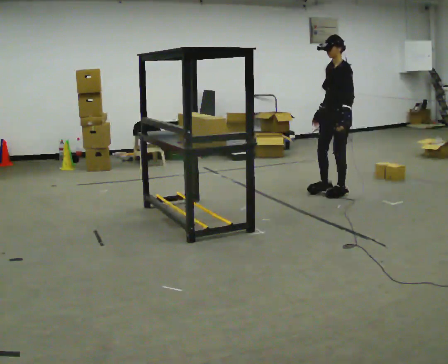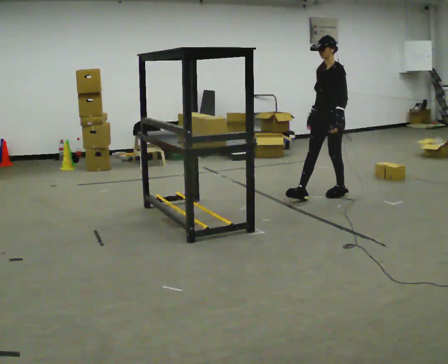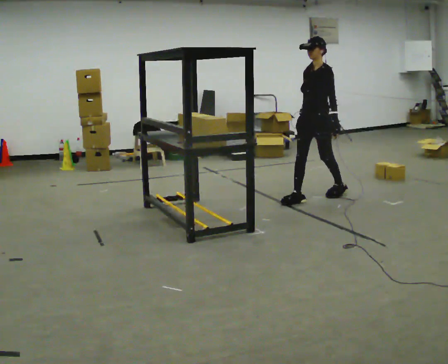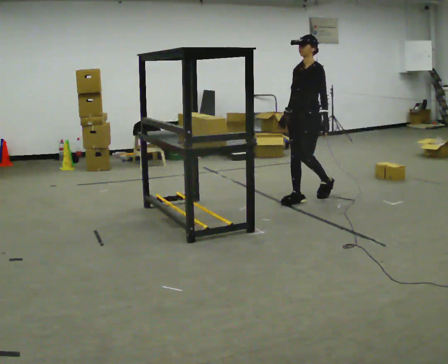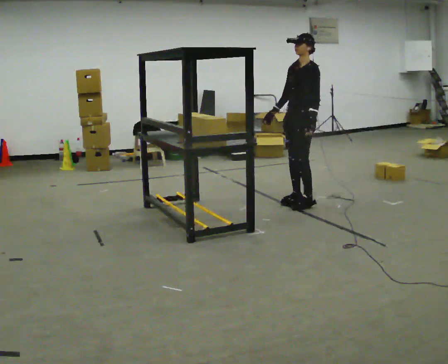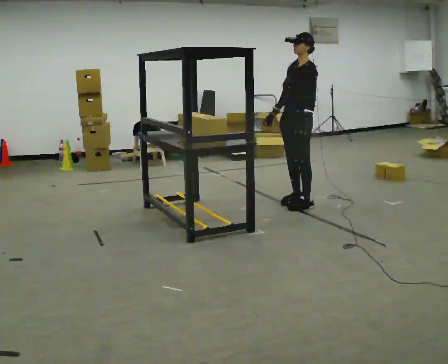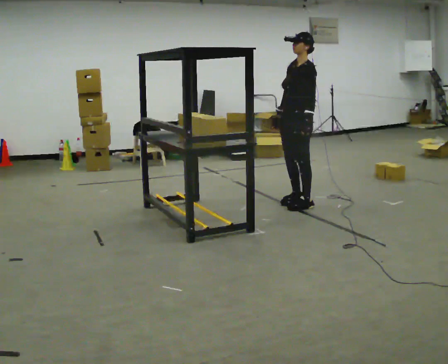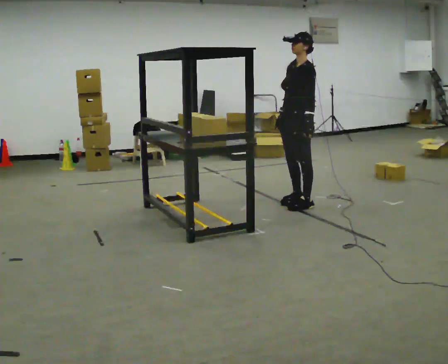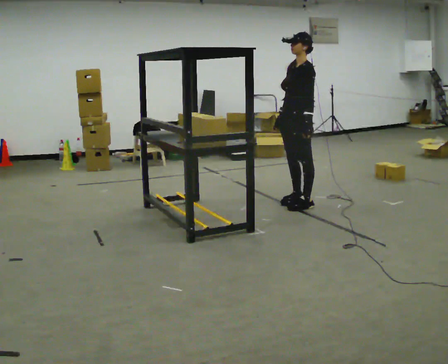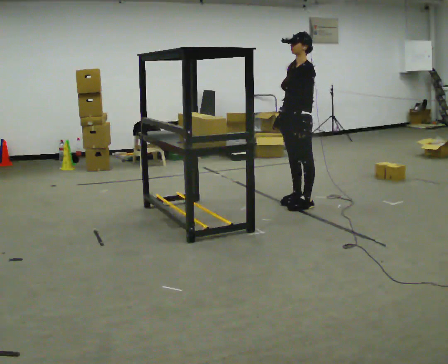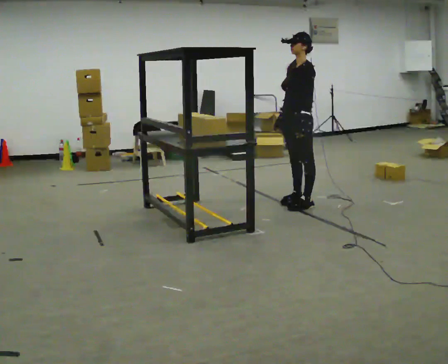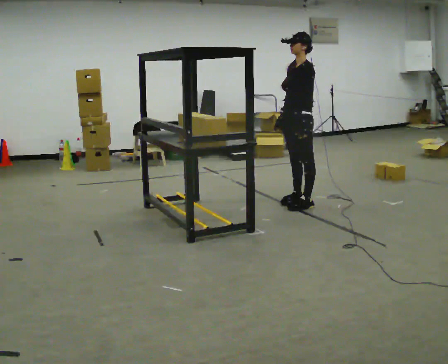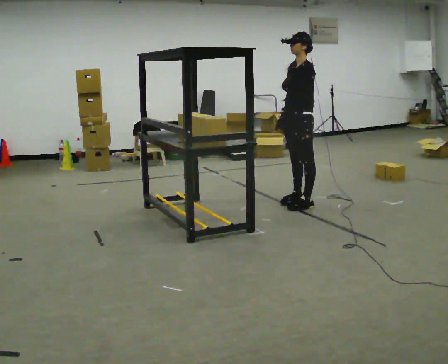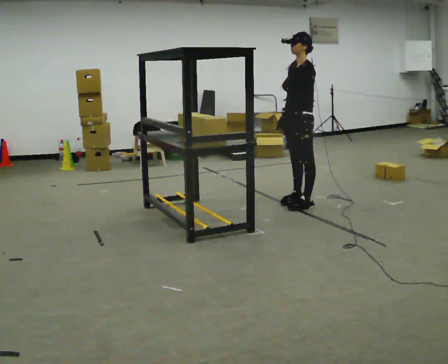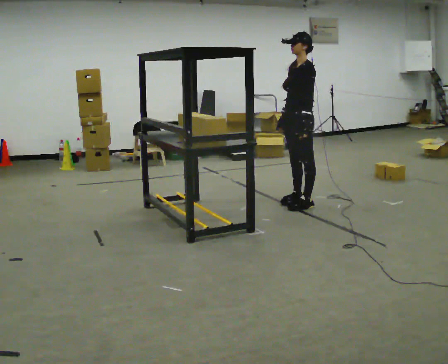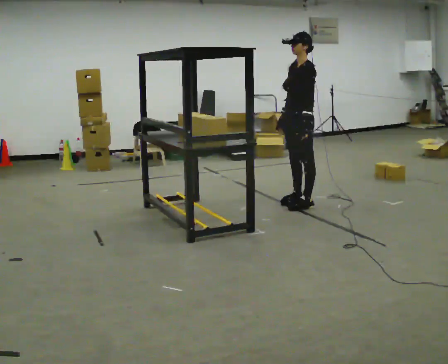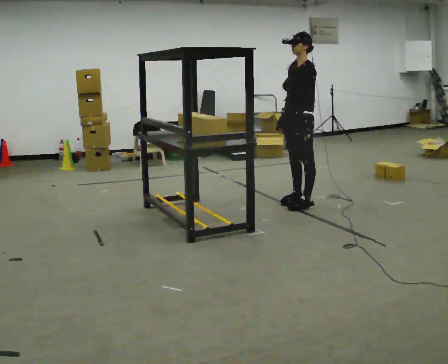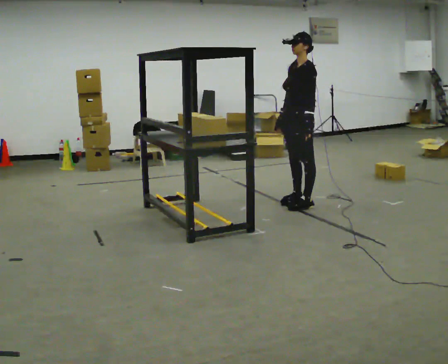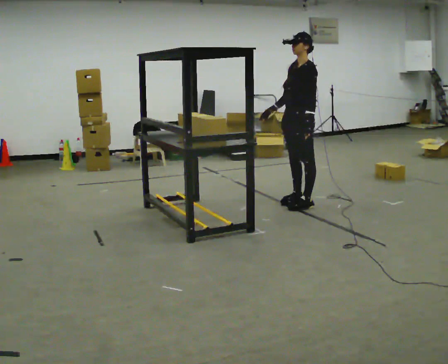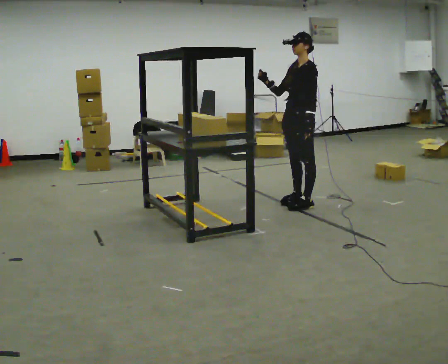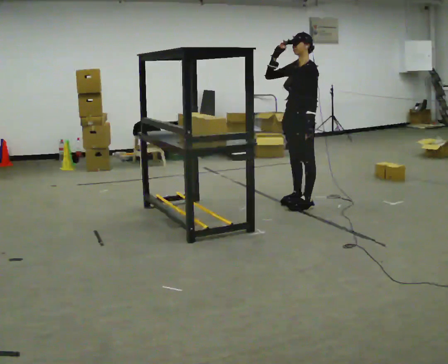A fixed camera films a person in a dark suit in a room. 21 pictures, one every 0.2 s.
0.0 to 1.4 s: In the picture they go to the left and toward the camera, about 0.5 m in 2 steps, which for them is forward.
1.4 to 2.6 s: The person moves a little, or ends about where they began.
2.6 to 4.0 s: In the picture their right hand goes upward.
The film runs forward here.
